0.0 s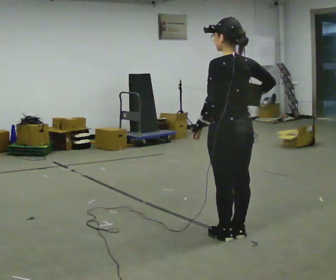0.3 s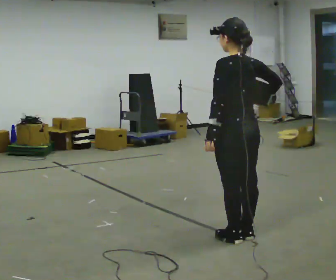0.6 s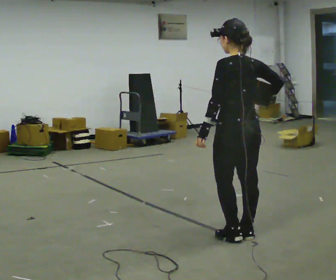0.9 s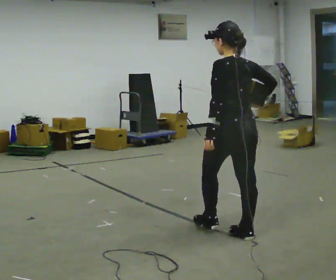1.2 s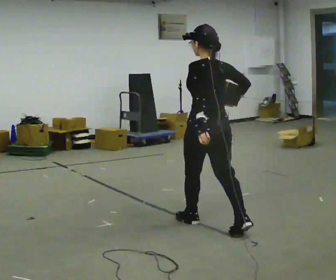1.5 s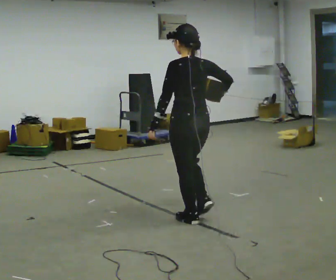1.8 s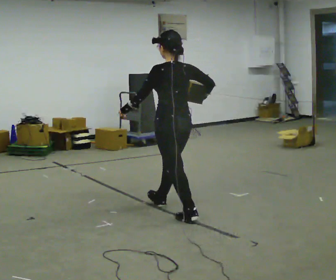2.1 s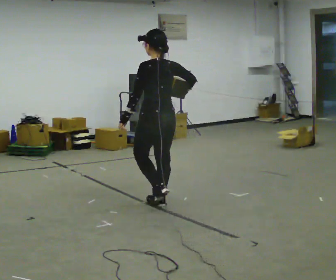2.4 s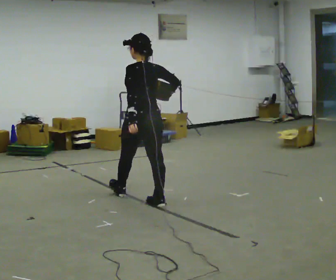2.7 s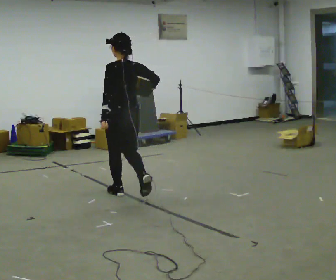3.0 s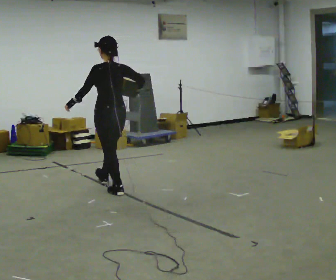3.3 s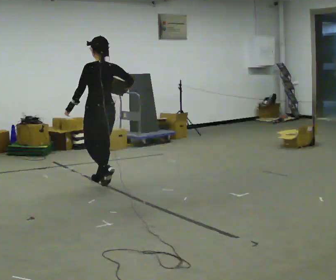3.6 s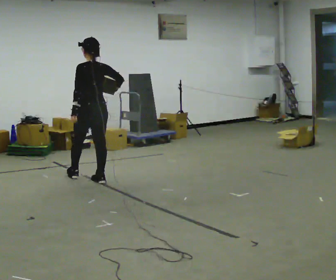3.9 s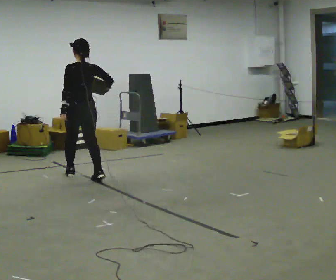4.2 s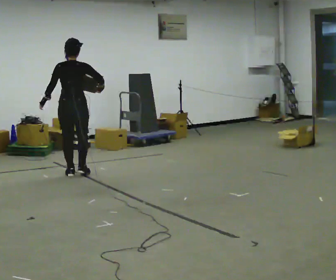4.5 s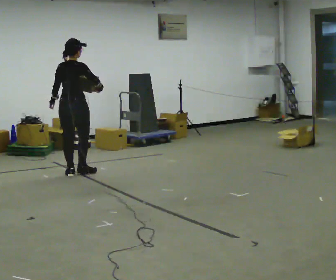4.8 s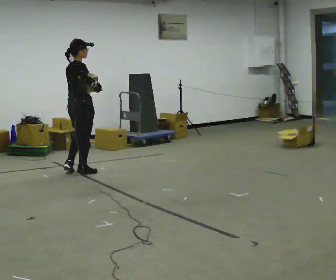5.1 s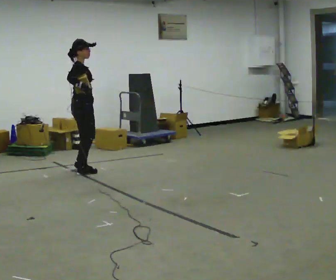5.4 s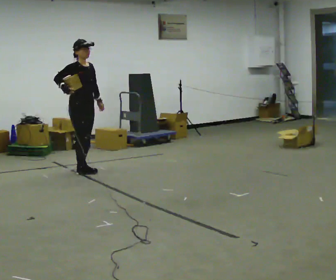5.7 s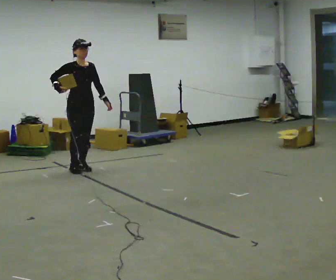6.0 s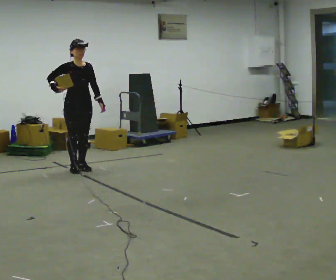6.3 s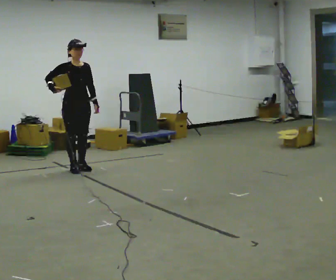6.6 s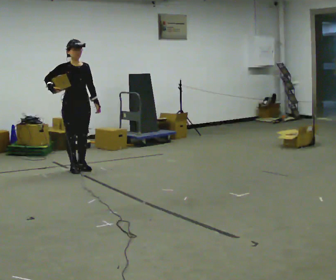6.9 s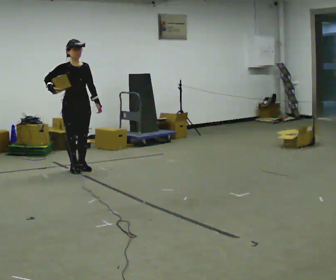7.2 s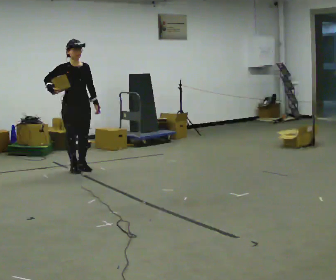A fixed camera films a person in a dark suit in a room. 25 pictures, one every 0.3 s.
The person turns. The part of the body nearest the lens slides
to the left.
The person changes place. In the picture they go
away from the camera.
0.0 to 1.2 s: In the picture they go away from the camera, about 0.25 m in 1 step, which for them is forward.
1.2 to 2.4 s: In the picture they go away from the camera and to the left, about 1 m in 1 step, which for them is forward.
2.4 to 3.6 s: In the picture they go away from the camera and to the left, about 1 m in 2 steps, which for them is forward.
3.6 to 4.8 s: The person turns about 90 degrees to their right, clockwise seen from above, so the part of the body nearest the lens slides to the left. In the picture they go away from the camera and to the left, about 0.5 m in 2 steps.
4.8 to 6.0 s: The person turns about 105 degrees to their right, clockwise seen from above, so the part of the body nearest the lens slides to the left. In the picture they go away from the camera, about 0.25 m in 2 steps. In the picture their right hand goes to the left.
6.0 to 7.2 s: The person moves a little, or ends about where they began.
The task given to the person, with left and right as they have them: Hold the object against your hip on the side the operator calls, and carry it back and forth across the room.
The film runs forward here.
